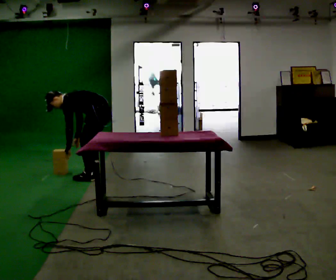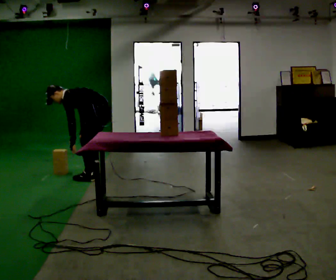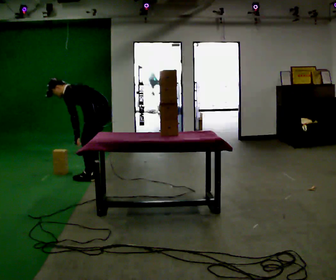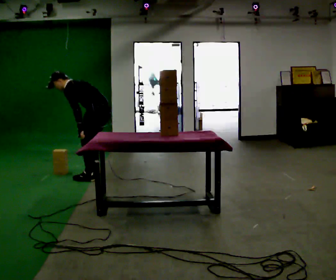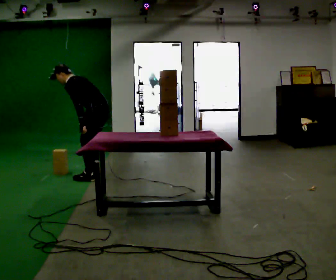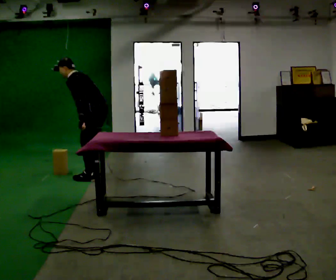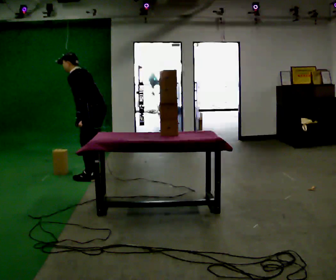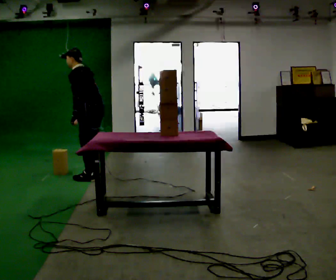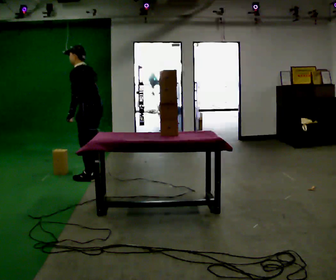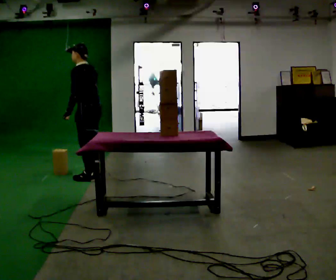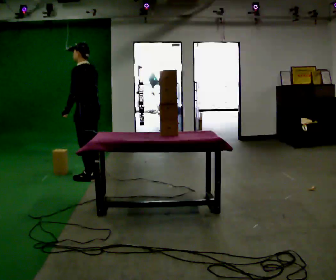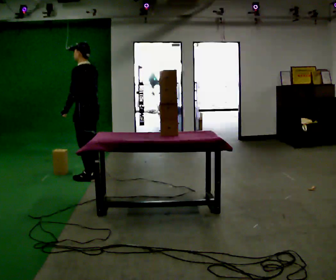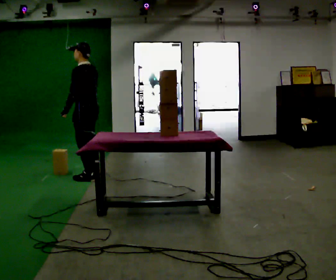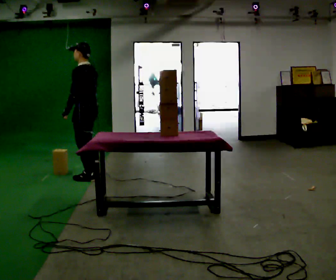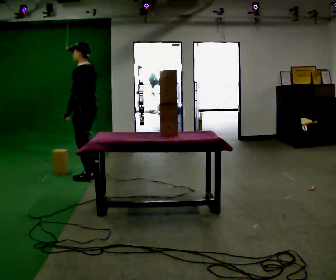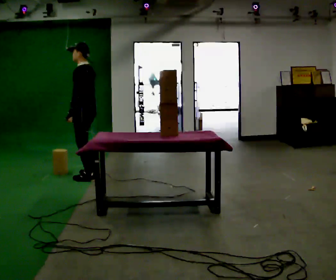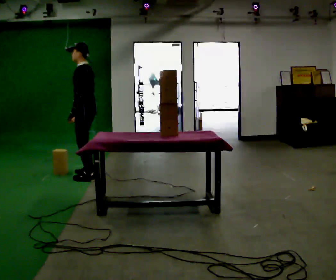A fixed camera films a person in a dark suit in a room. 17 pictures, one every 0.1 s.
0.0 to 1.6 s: In the picture they go to the left, about 0.25 m, which for them is forward. The shoulders move upward. In the picture the upper body tilts clockwise, shoulders to the right, as they lean back or straighten. In the picture their right hand goes upward.
The film runs forward here.
